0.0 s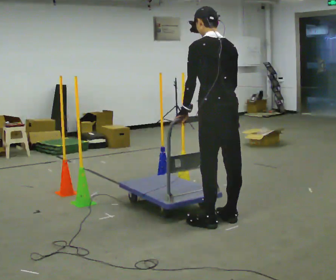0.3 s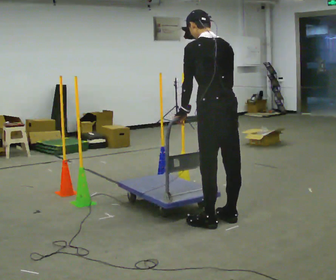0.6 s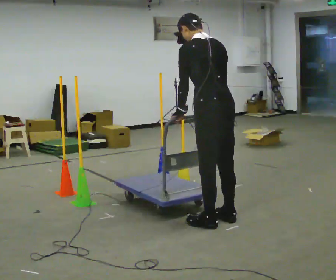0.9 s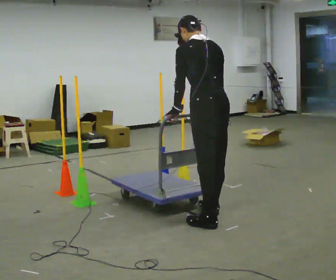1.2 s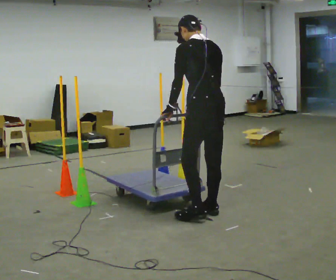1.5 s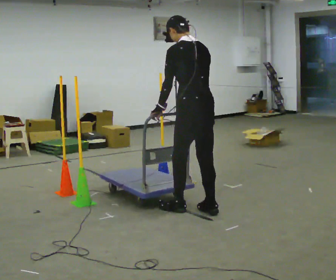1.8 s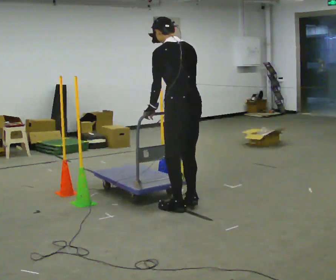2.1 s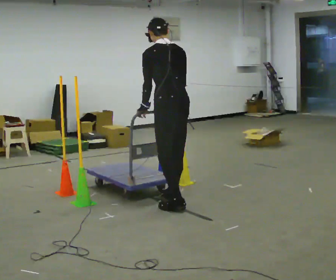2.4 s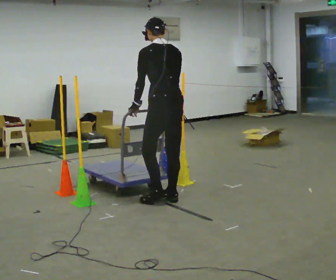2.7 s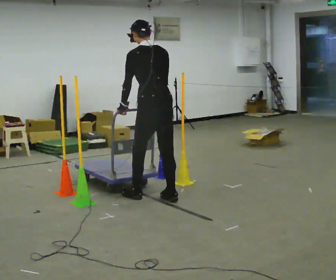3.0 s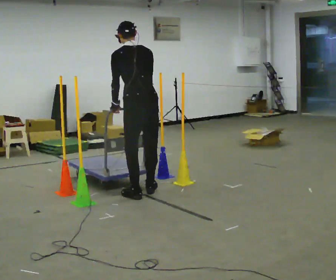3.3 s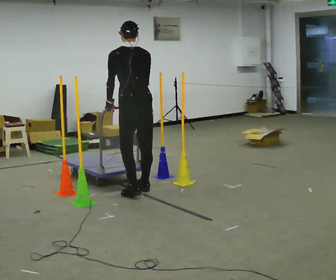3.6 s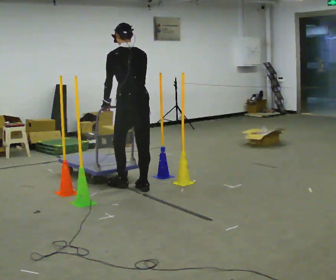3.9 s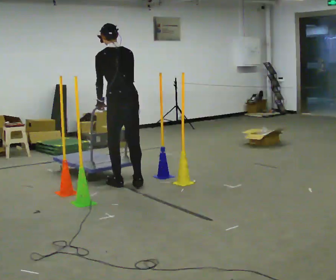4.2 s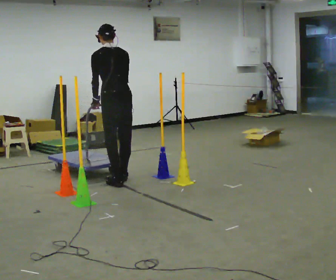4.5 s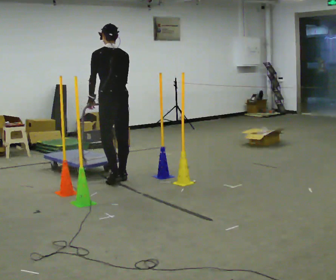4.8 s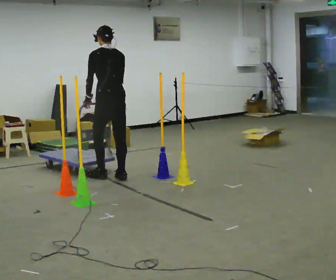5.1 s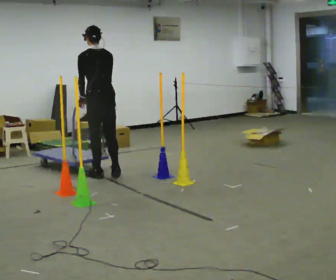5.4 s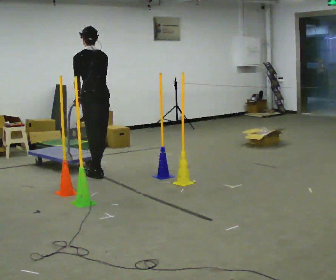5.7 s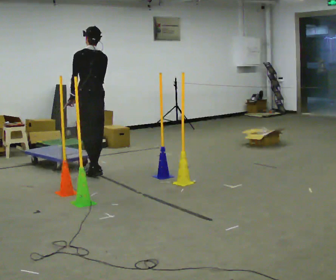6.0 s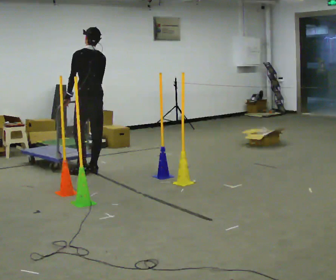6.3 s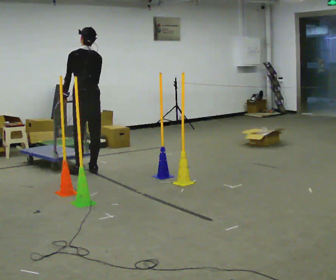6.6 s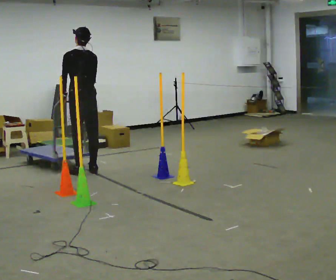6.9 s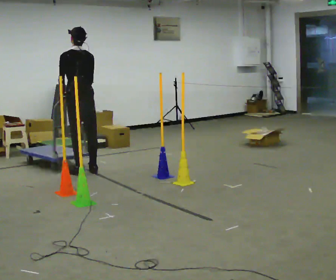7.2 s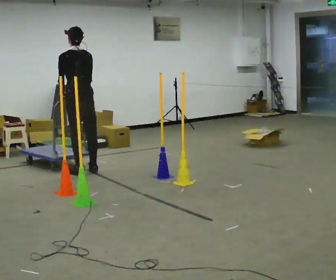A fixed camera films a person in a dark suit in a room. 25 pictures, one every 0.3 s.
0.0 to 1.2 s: In the picture they go away from the camera, about 0.25 m in 2 steps, which for them is forward.
1.2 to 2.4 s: In the picture they go away from the camera and to the left, about 0.5 m in 2 steps, which for them is forward.
2.4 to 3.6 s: In the picture they go away from the camera and to the left, about 0.5 m in 2 steps, which for them is forward.
3.6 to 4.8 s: In the picture they go away from the camera and to the left, about 0.5 m in 2 steps, which for them is forward.
4.8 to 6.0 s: In the picture they go away from the camera and to the left, about 0.5 m in 2 steps, which for them is forward.
6.0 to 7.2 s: The person moves a little, or ends about where they began.
The film runs backward here.
